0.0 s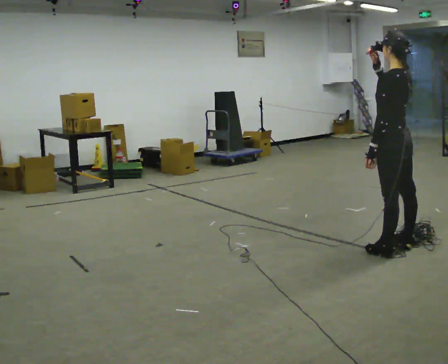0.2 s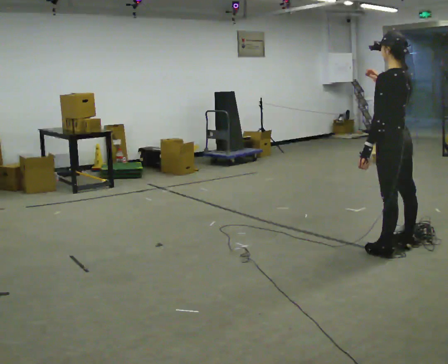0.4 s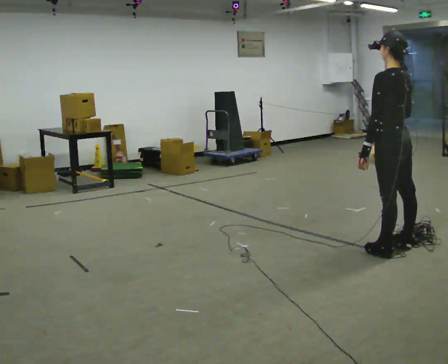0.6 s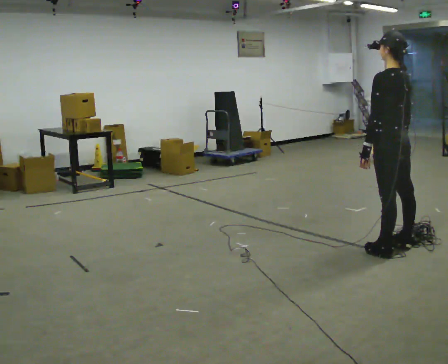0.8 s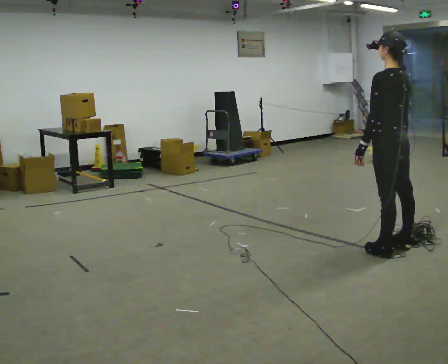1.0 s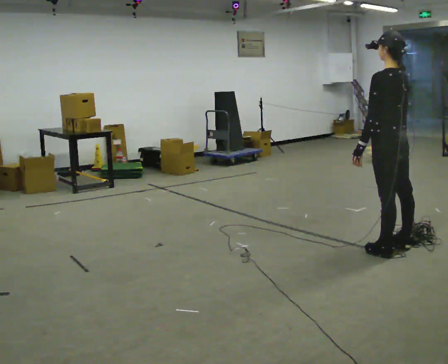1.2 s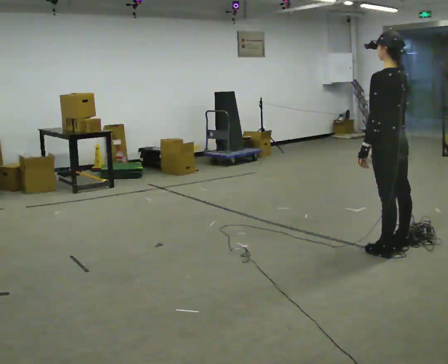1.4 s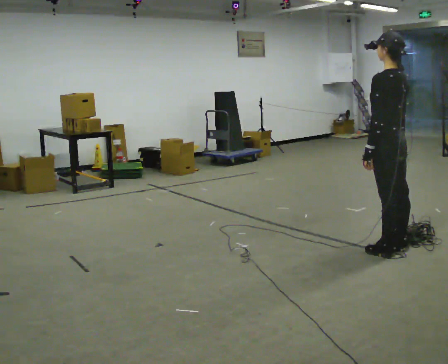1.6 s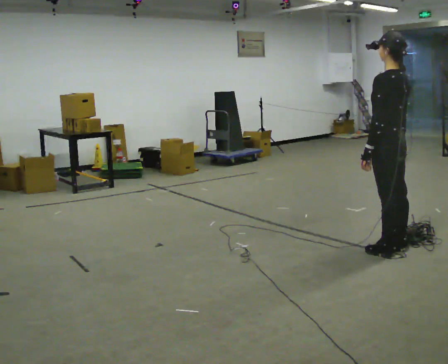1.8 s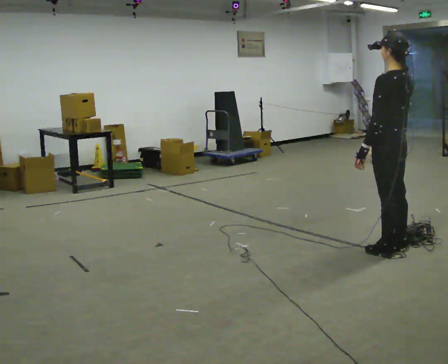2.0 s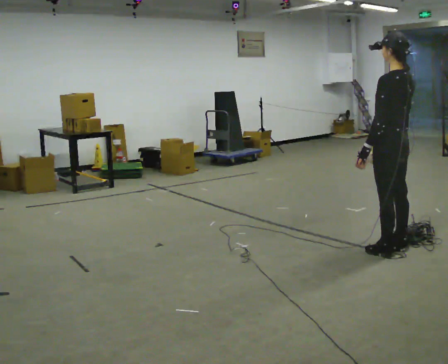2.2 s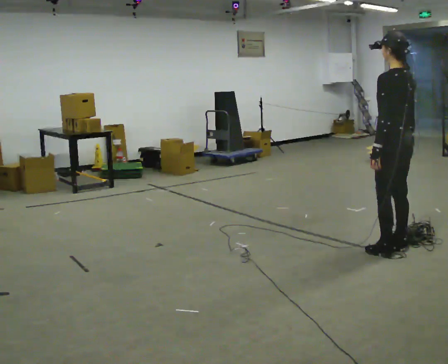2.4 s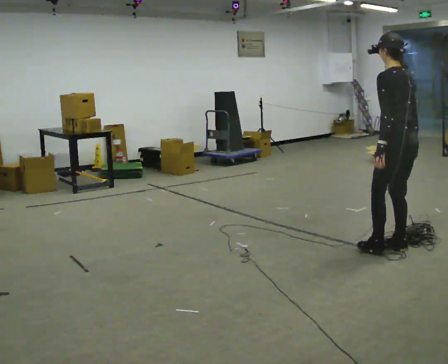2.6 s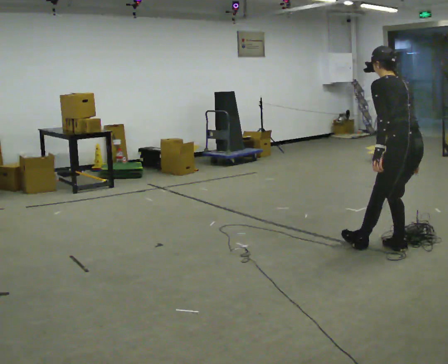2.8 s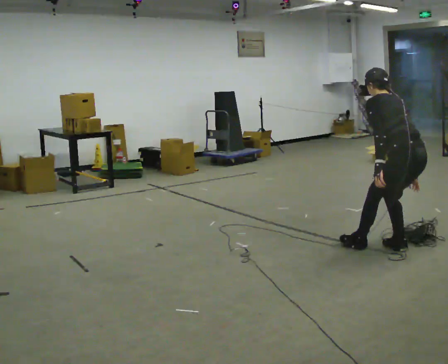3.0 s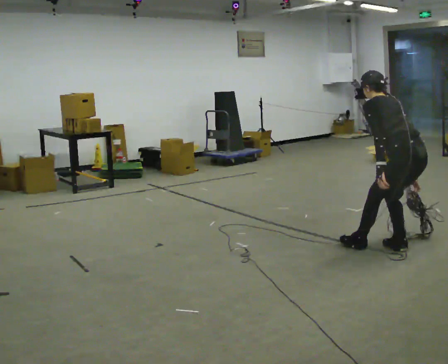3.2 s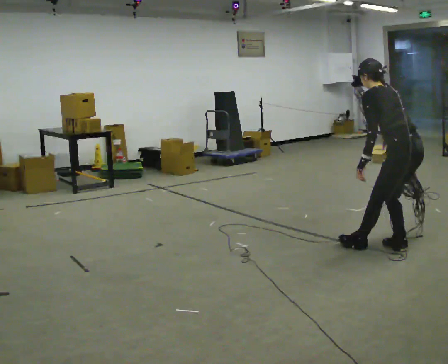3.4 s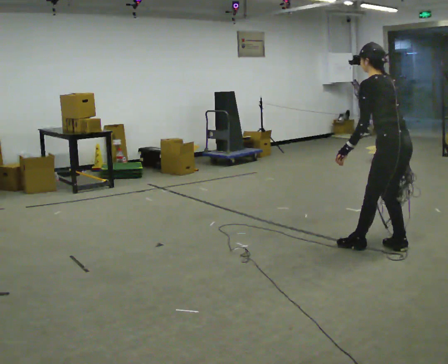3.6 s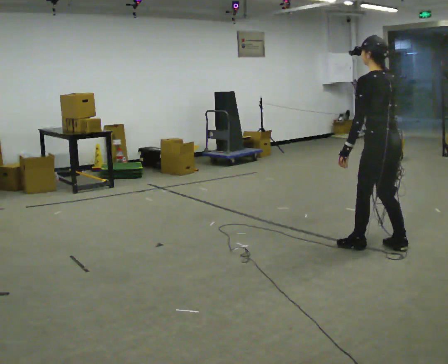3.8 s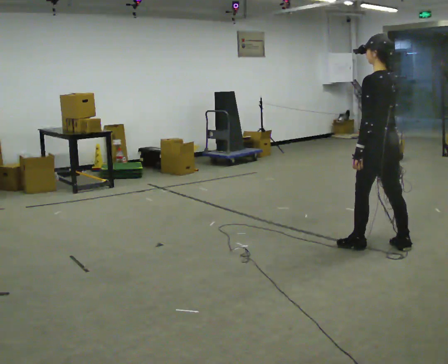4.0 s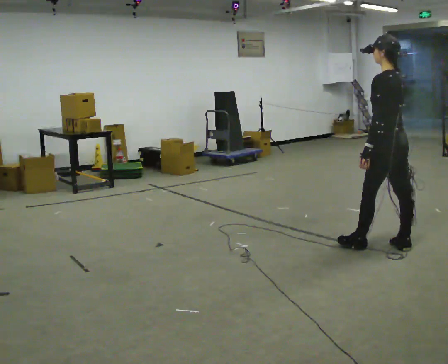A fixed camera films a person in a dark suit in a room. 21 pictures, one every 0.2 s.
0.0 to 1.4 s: In the picture their right hand goes downward.
1.4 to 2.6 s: The upper body tips away from the camera, its near side rolling upward.
2.6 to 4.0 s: The person moves a little, or ends about where they began.
The film runs backward here.
